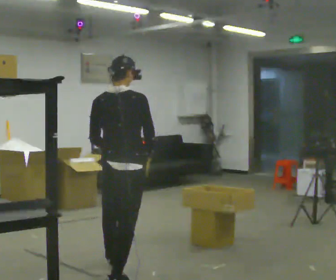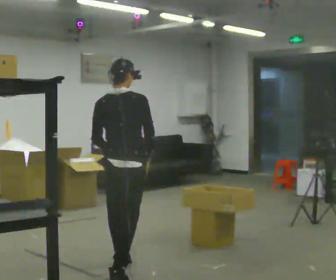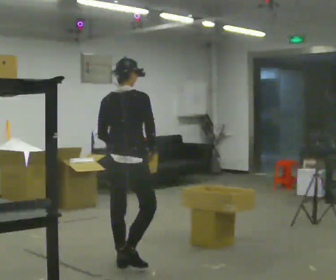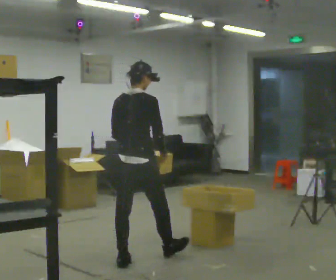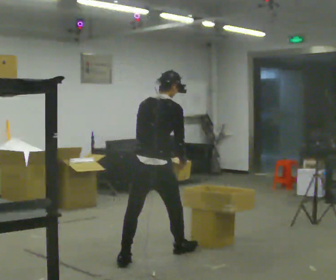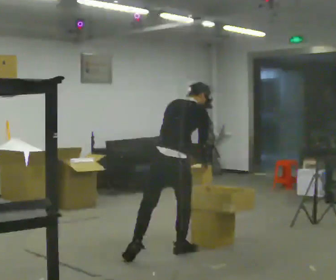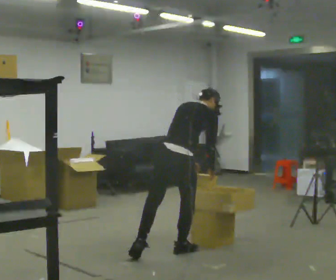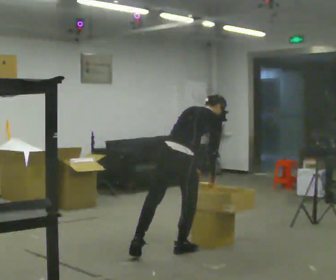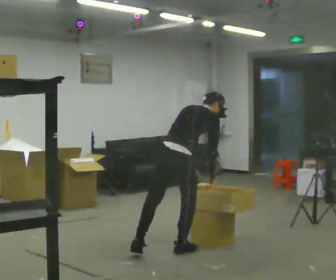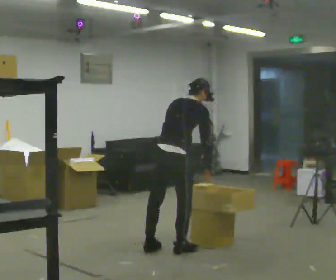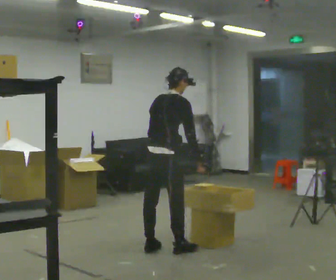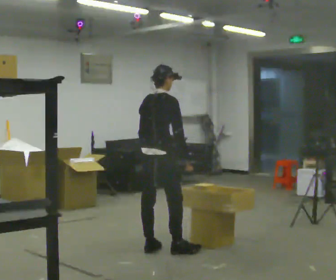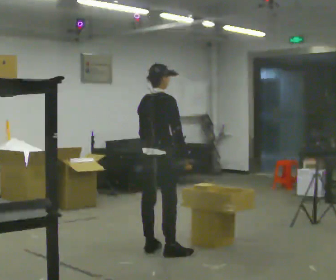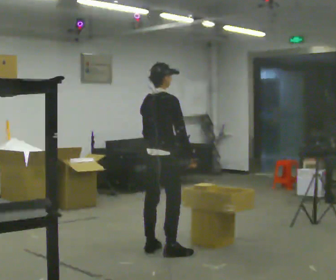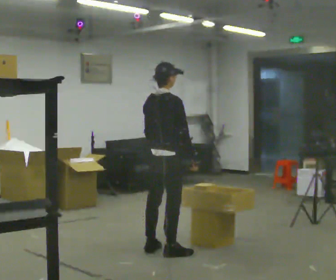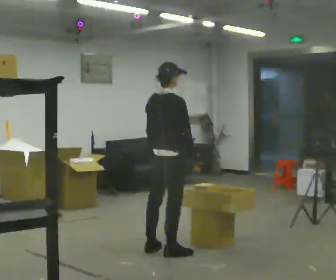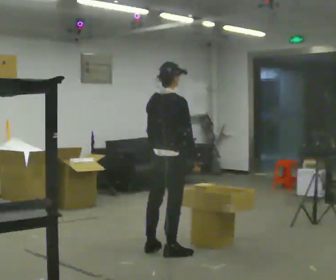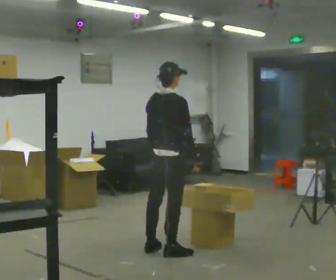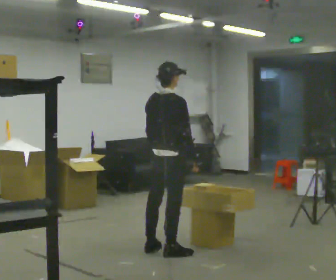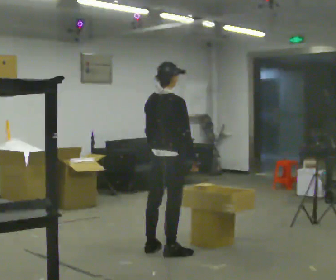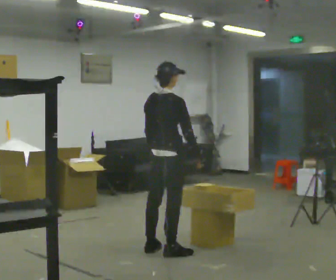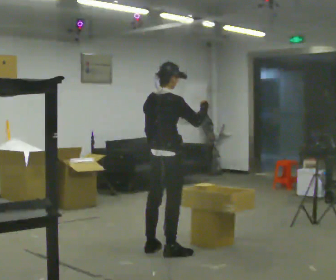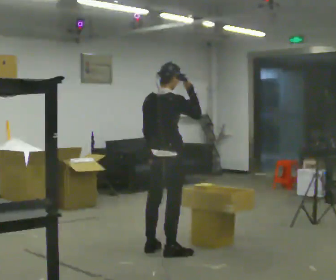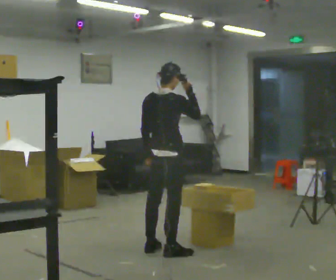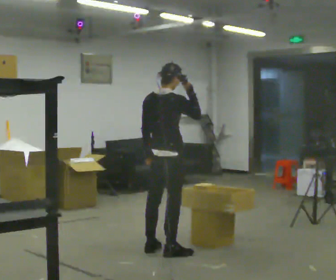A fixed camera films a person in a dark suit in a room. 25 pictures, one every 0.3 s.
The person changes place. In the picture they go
away from the camera.
0.0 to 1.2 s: In the picture they go away from the camera and to the right, about 0.75 m in 2 steps, which for them is forward. In the picture the upper body tilts clockwise, shoulders to the right, as they bend forward.
1.2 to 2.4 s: In the picture they go to the right, about 0.25 m in 1 step, which for them is forward and to their right. In the picture the upper body tilts clockwise, shoulders to the right, as they bend forward.
2.4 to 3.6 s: In the picture they go to the left, about 0.25 m in 1 step, which for them is to their left. The shoulders move upward. In the picture the upper body tilts counterclockwise, shoulders to the left, as they lean back or straighten.
3.6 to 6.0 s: The person moves a little, or ends about where they began.
6.0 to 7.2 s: In the picture their right hand goes upward.
The film runs forward here.
